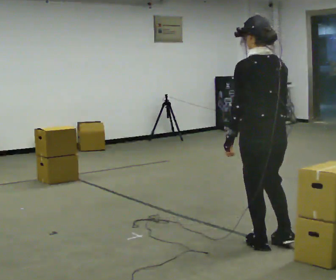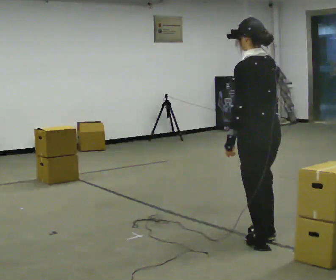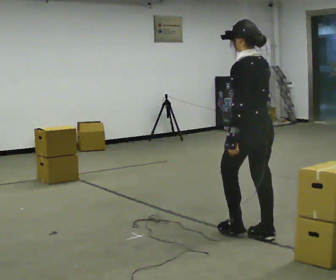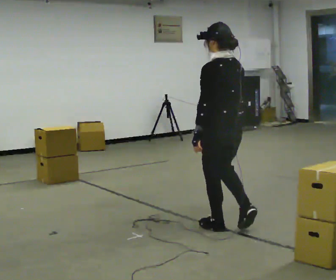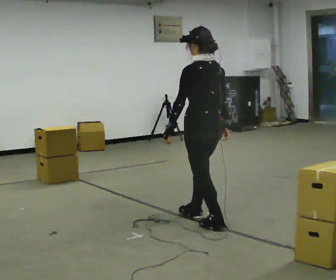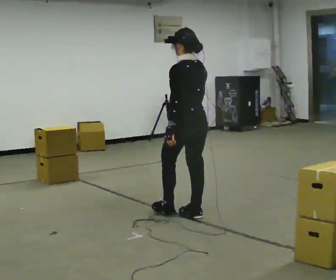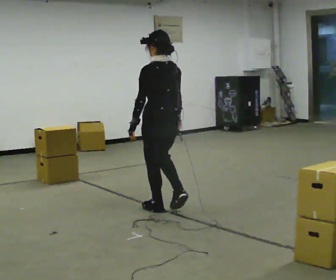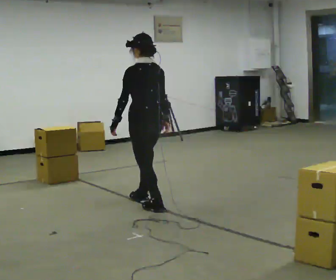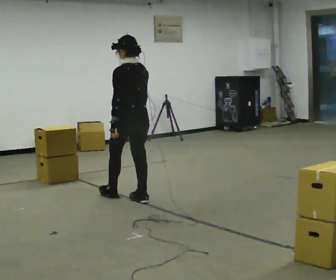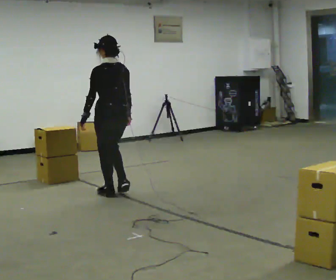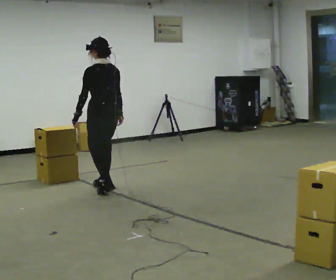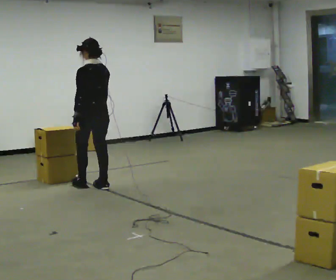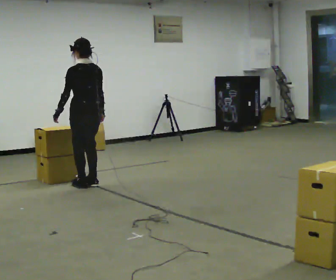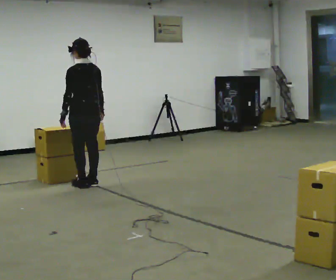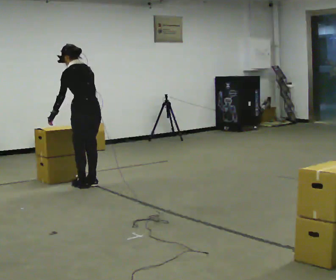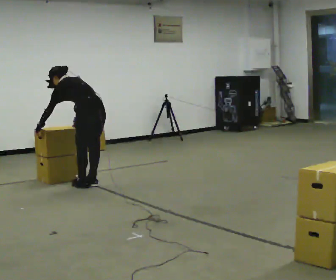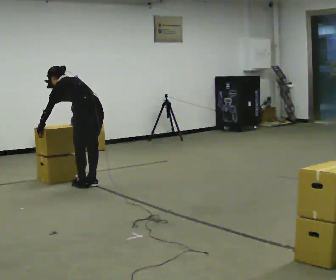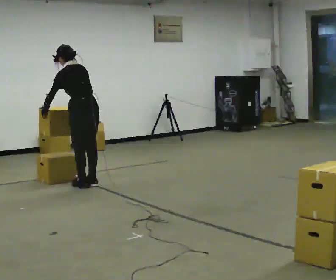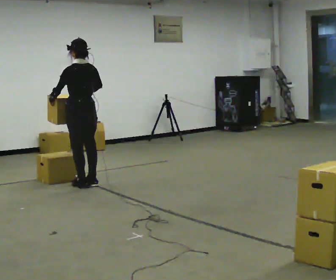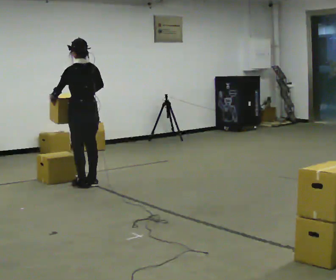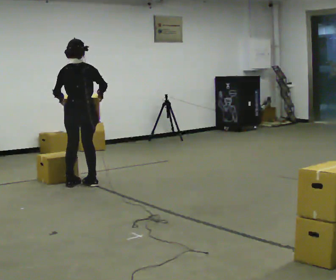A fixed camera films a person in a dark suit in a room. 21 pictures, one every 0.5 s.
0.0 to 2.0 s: In the picture they go away from the camera and to the left, about 1 m in 3 steps, which for them is forward.
2.0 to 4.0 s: In the picture they go away from the camera and to the left, about 1 m in 2 steps, which for them is forward.
4.0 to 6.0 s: In the picture they go away from the camera and to the left, about 0.5 m in 4 steps, which for them is forward.
6.0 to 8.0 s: The shoulders move downward. The upper body tips away from the camera, its near side rolling upward, as they bend forward. In the picture their right hand goes to the left.
8.0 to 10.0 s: Seen from above the body turns clockwise, about 45 degrees: to their right, with its near side sliding to the left. The upper body goes upward. The upper body tips toward the camera, its near side rolling downward, as they lean back or straighten.
The film runs forward here.
